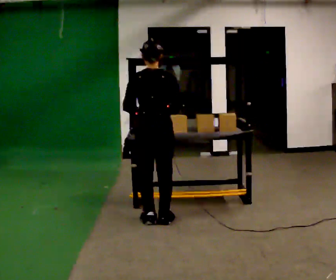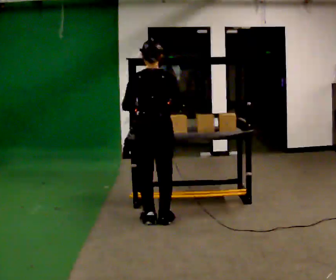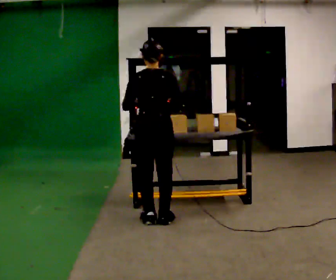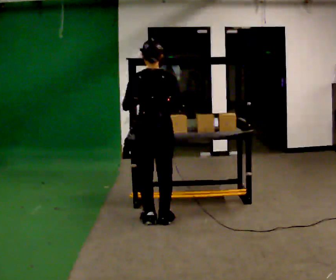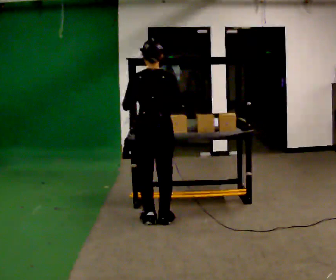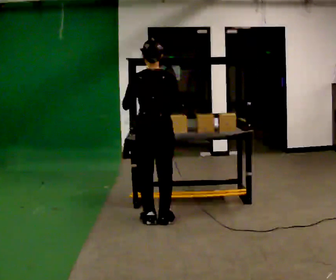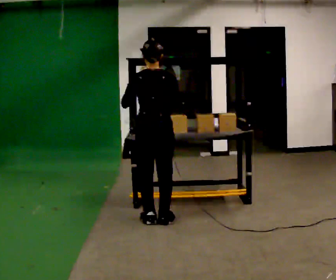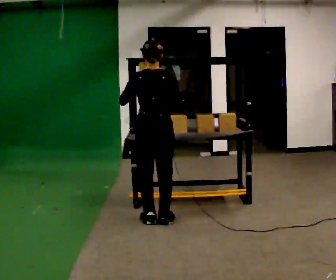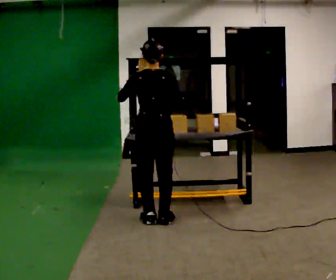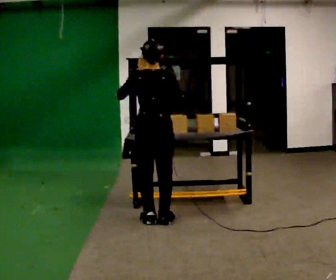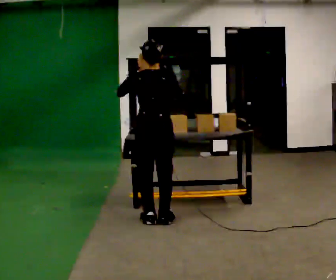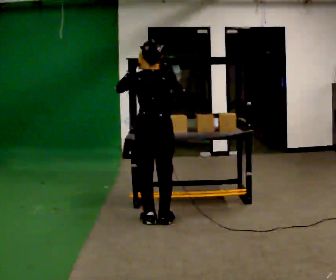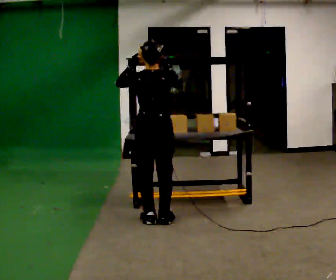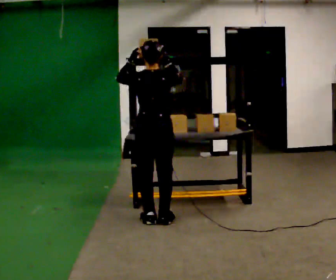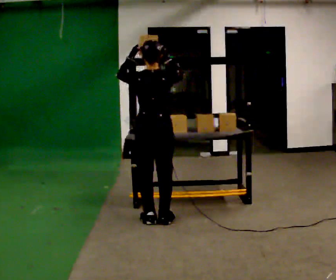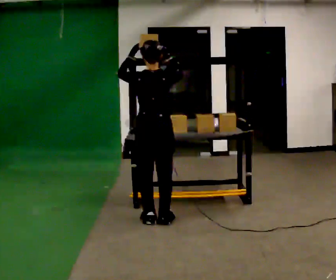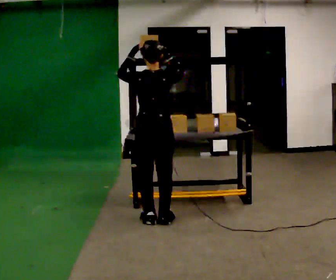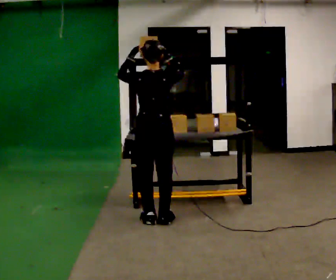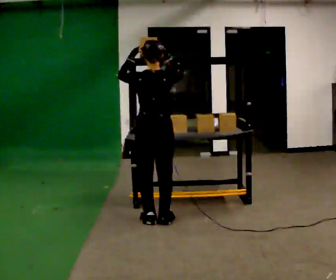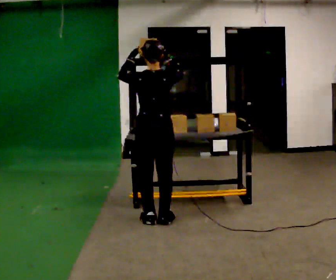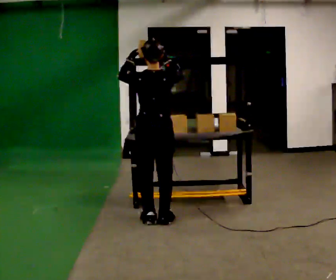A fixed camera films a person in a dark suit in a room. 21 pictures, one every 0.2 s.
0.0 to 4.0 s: In the picture their left hand goes upward.
The film runs forward here.
